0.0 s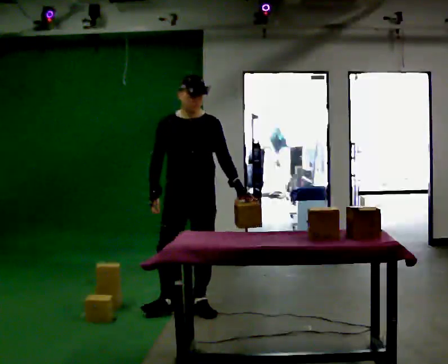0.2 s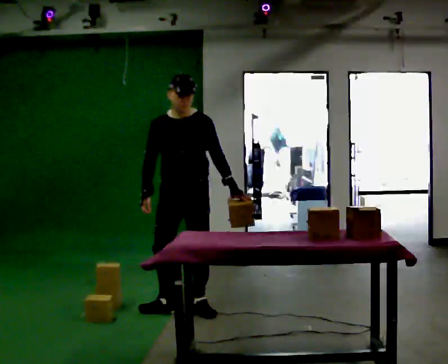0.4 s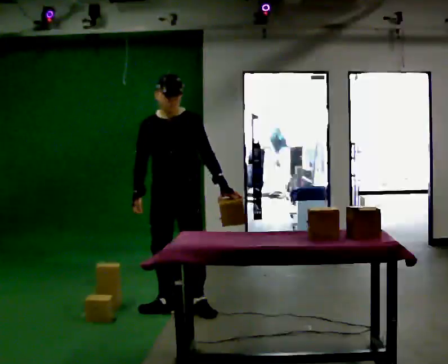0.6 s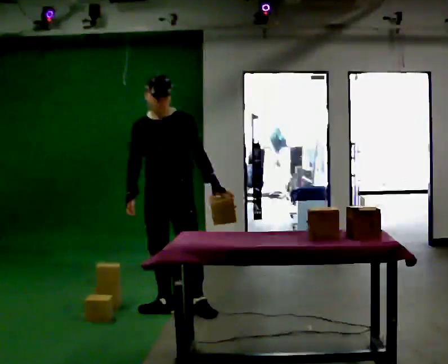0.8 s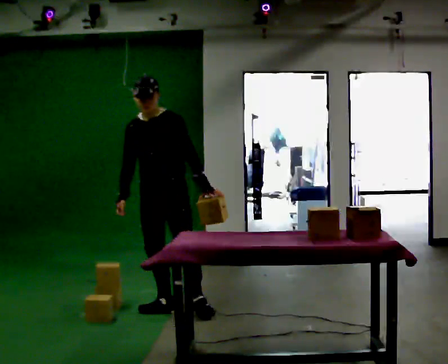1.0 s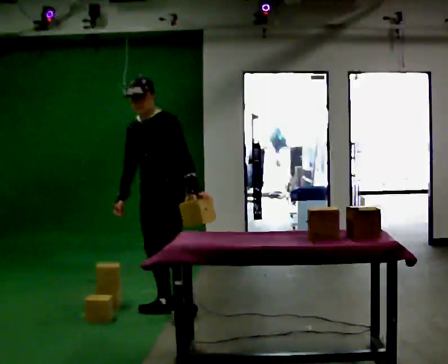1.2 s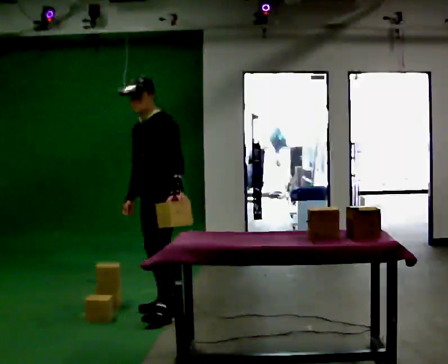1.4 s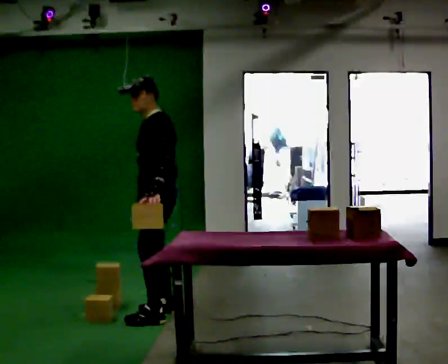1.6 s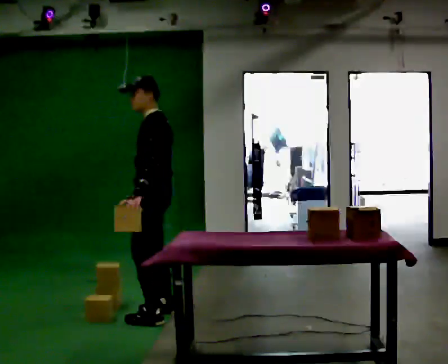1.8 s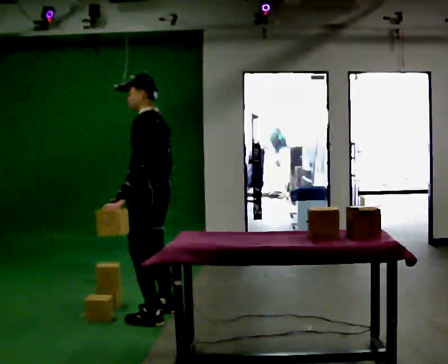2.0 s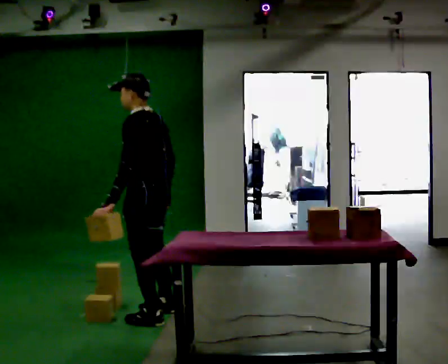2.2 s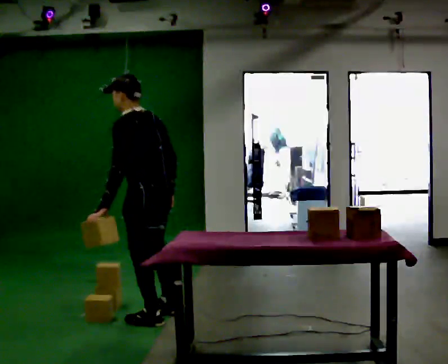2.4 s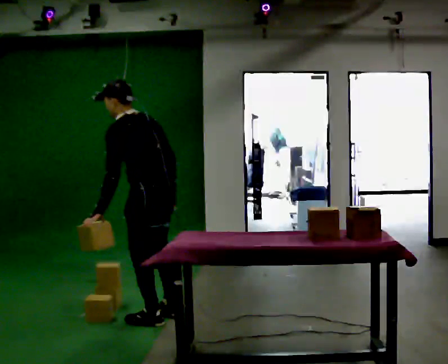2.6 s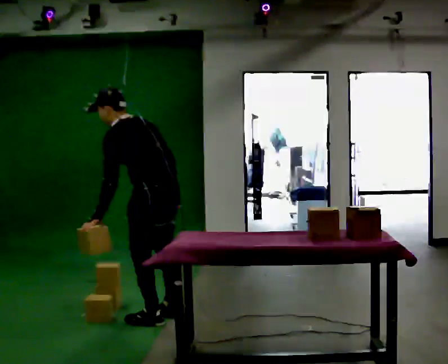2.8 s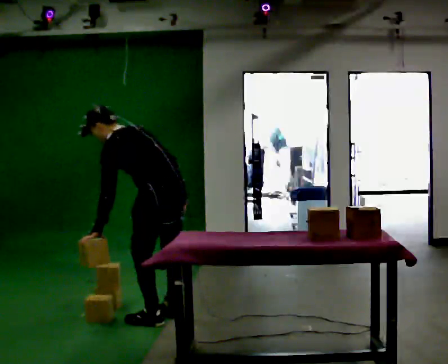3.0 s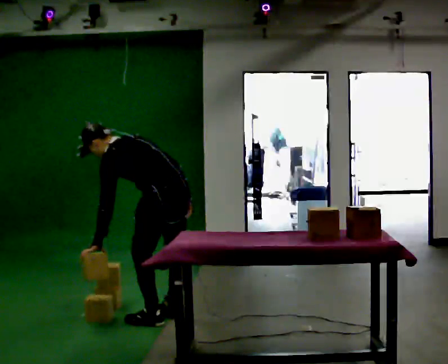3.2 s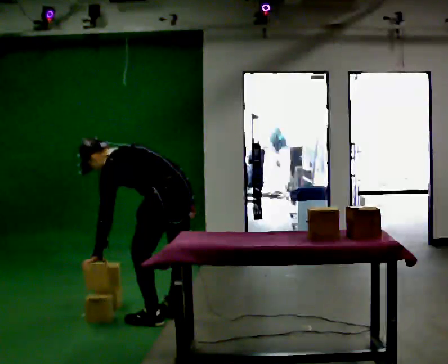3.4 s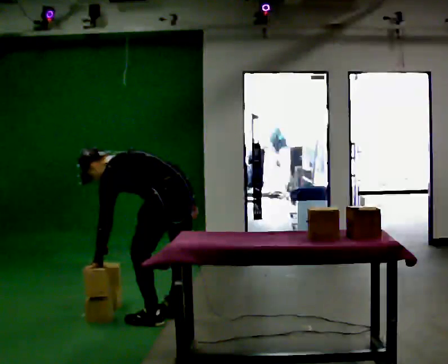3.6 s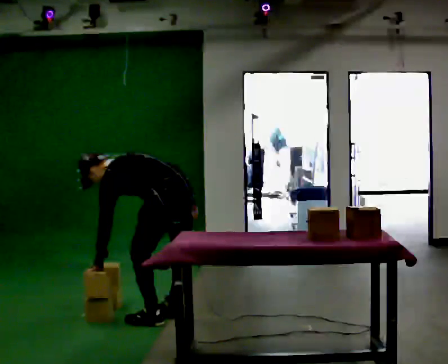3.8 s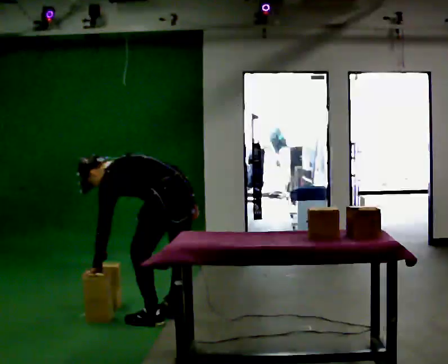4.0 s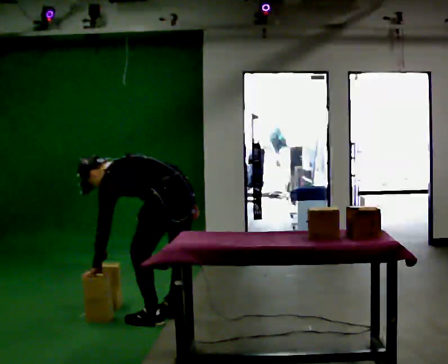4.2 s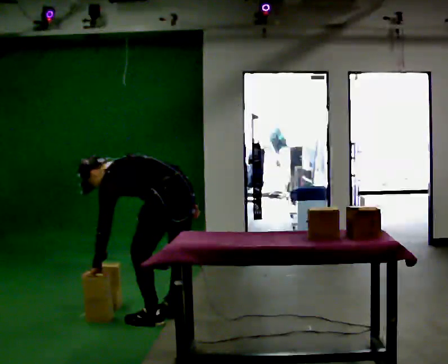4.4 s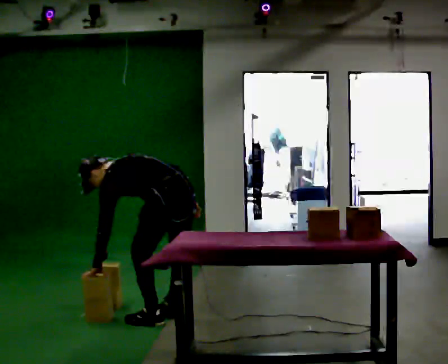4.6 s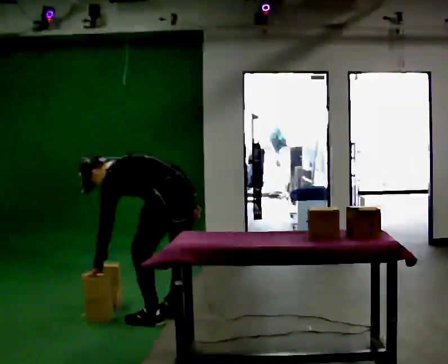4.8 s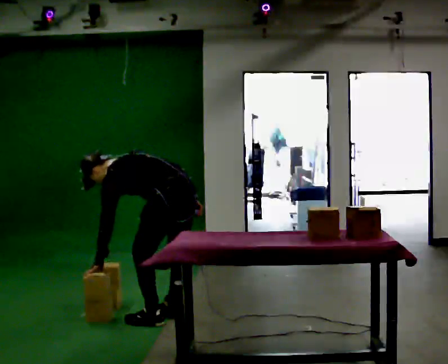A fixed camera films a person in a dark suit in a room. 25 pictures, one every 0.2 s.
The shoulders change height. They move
downward.
The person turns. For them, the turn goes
to their right.
0.0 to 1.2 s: Seen from above the body turns clockwise, about 60 degrees: to their right, with its near side sliding to the left. In the picture they go to the left, about 0.25 m in 1 step, which for them is to their right. In the picture their left hand goes to the left.
1.2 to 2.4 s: Seen from above the body turns clockwise, about 75 degrees: to their right, with its near side sliding to the left. In the picture they go toward the camera, about 0.25 m in 1 step.
2.4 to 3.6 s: The shoulders move downward. In the picture the upper body tilts counterclockwise, shoulders to the left, as they bend forward.
3.6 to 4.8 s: The person keeps their place and pose.
The film runs backward here.
